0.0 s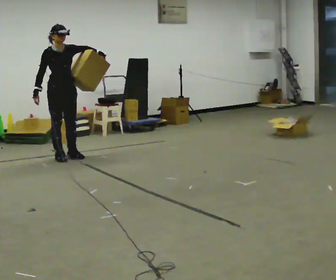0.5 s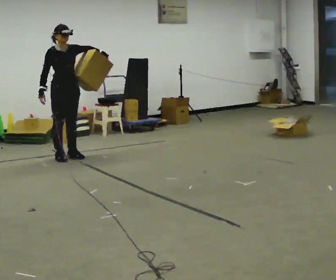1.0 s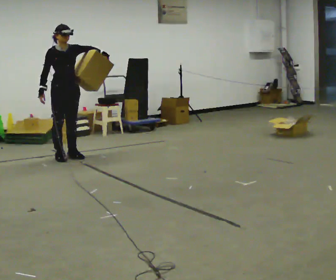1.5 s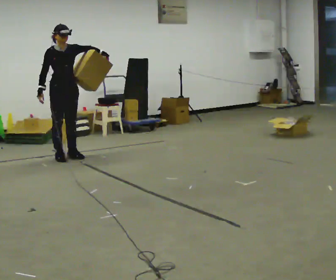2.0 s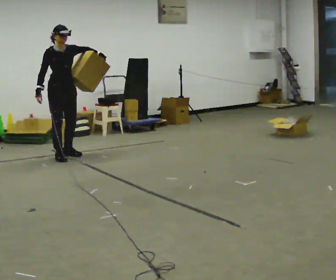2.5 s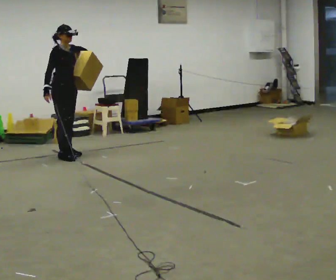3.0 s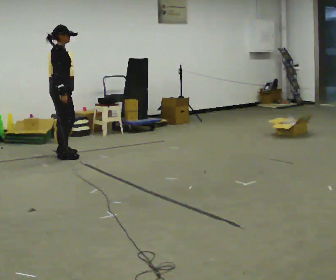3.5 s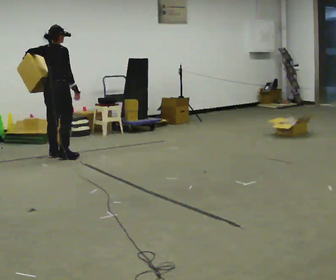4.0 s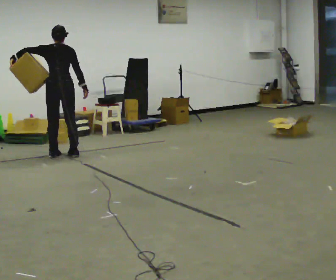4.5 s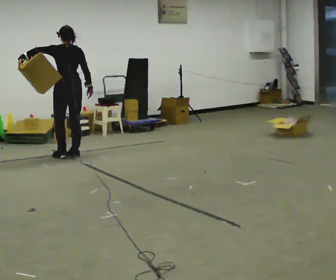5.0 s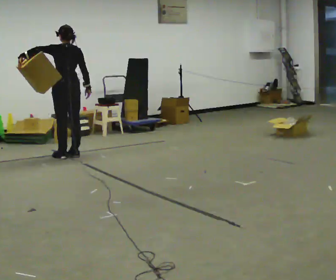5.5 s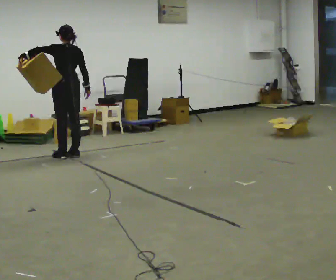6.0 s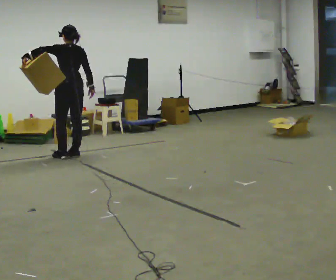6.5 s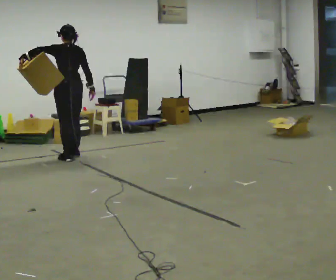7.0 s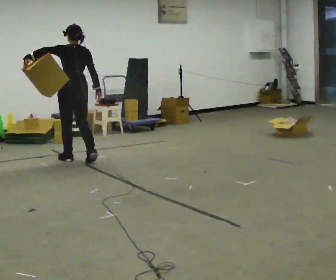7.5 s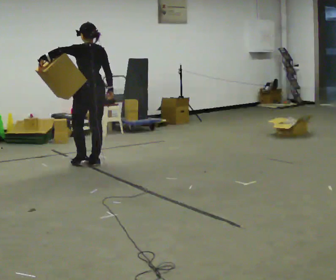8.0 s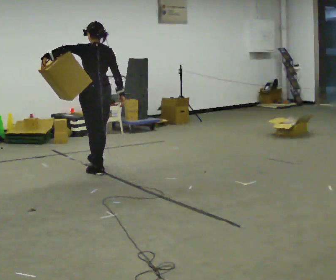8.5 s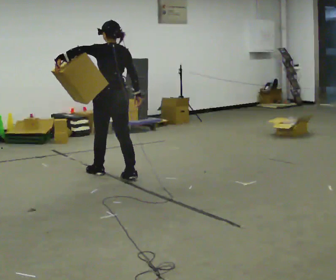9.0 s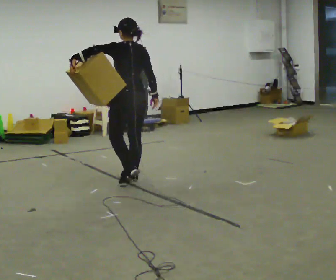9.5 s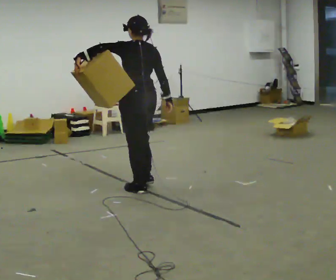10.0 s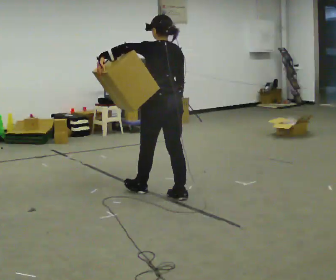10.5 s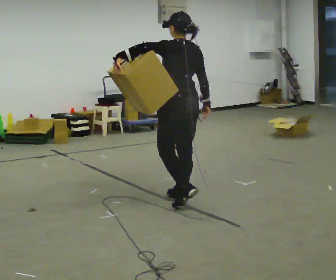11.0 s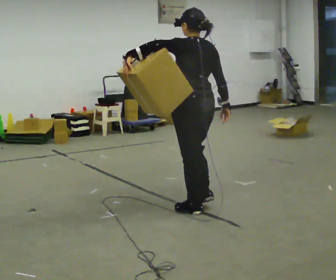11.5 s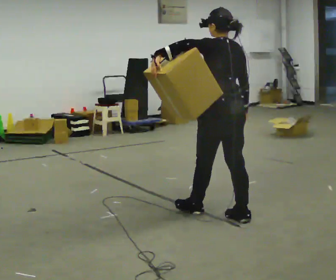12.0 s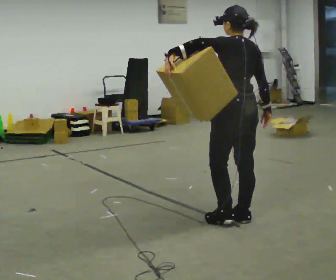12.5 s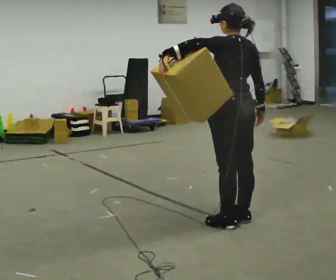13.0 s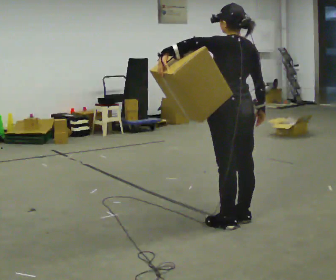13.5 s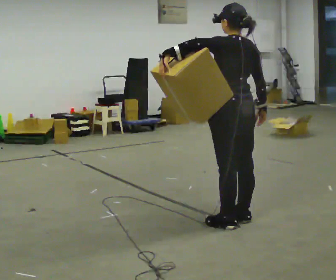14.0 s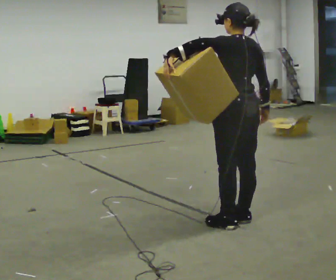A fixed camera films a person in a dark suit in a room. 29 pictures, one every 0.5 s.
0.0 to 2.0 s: The person moves a little, or ends about where they began.
2.0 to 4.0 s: The part of the body nearest the lens slides to the right as the person turns to their left by about 150 degrees. In the picture their left hand goes to the left.
4.0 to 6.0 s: The person turns about 30 degrees to their left, counterclockwise seen from above, so the part of the body nearest the lens slides to the right. In the picture they go to the right, about 0.25 m in 1 step, which for them is to their right.
6.0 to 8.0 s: In the picture they go toward the camera and to the right, about 1 m in 4 steps, which for them is backward.
8.0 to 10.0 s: In the picture they go toward the camera and to the right, about 1 m in 2 steps, which for them is backward.
10.0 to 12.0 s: In the picture they go toward the camera and to the right, about 1 m in 3 steps, which for them is backward.
12.0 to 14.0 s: The person moves a little, or ends about where they began.
The film runs backward here.
